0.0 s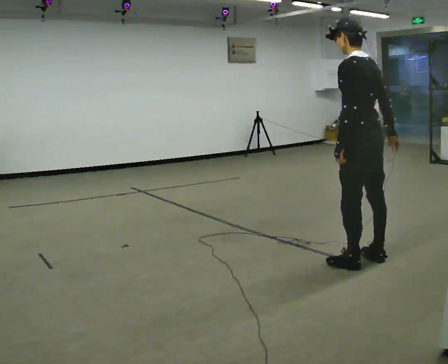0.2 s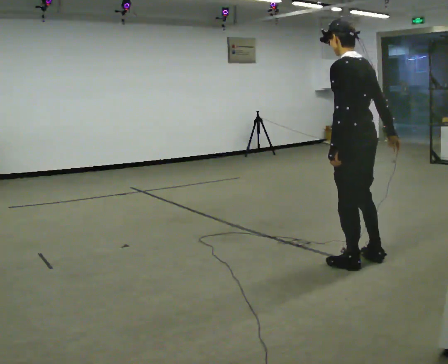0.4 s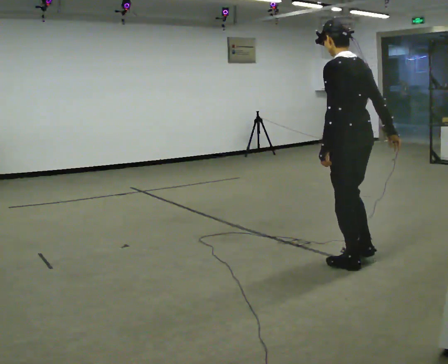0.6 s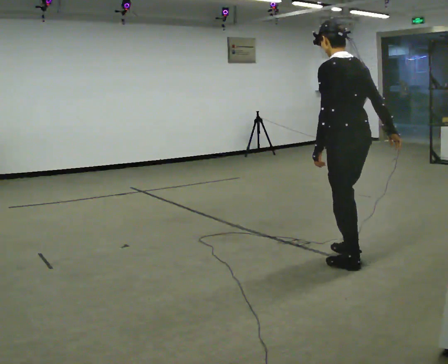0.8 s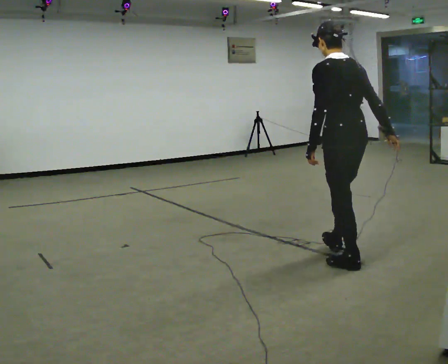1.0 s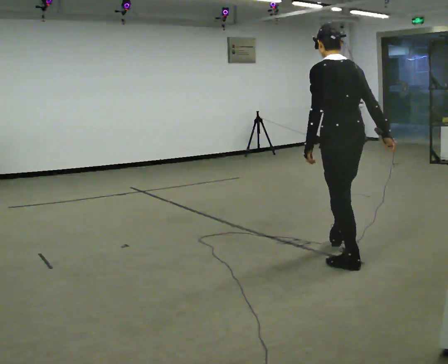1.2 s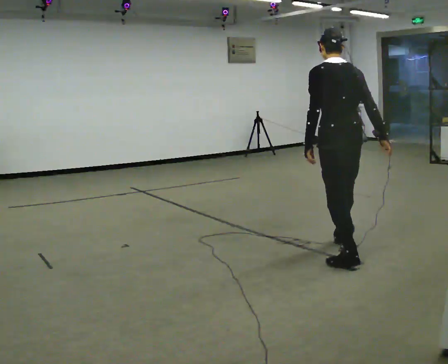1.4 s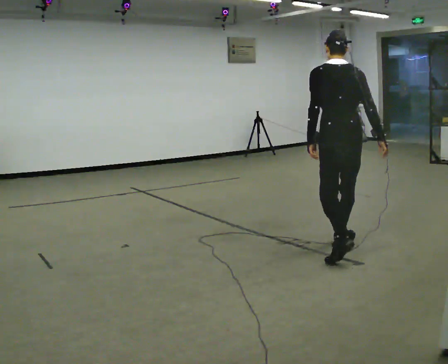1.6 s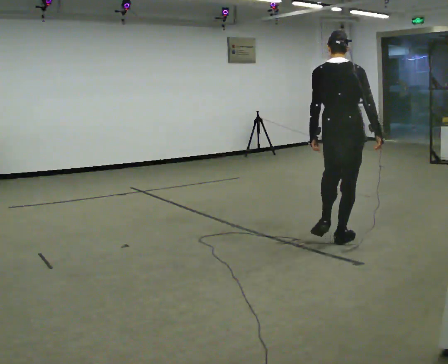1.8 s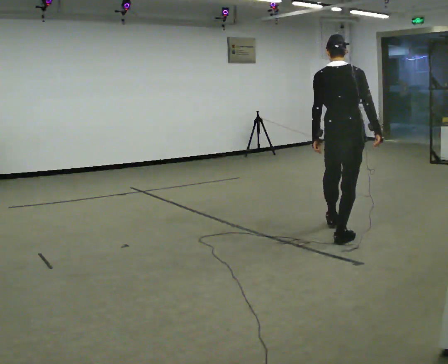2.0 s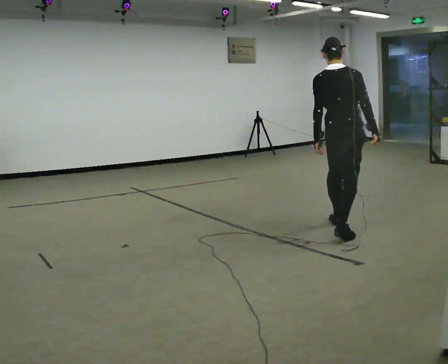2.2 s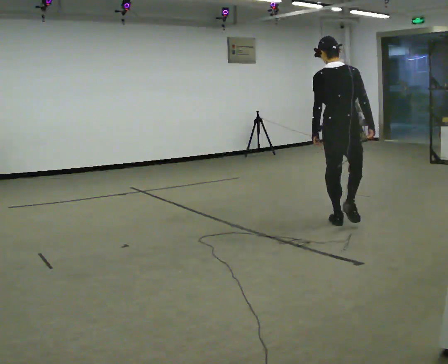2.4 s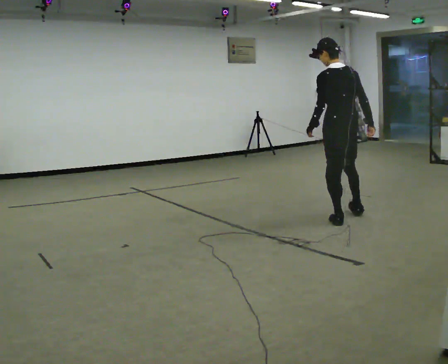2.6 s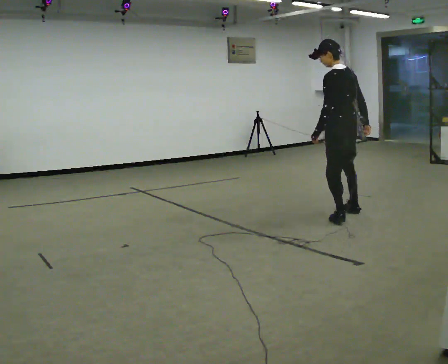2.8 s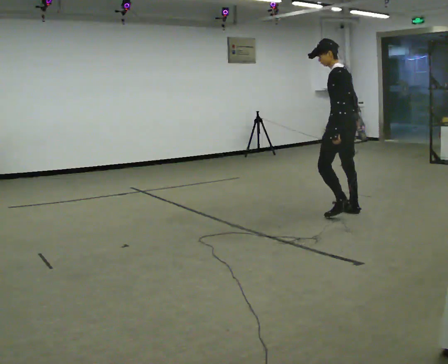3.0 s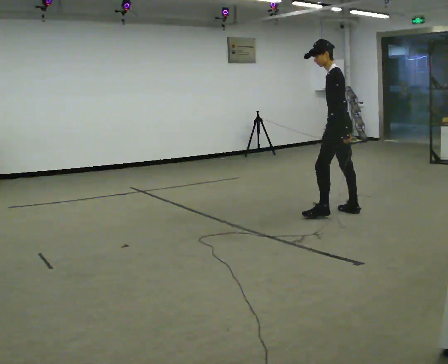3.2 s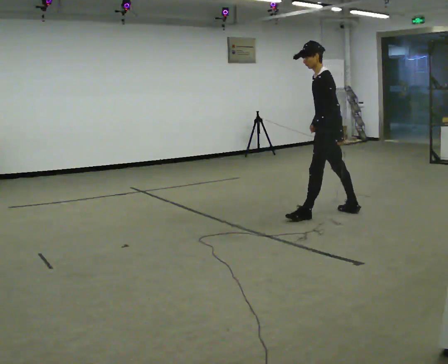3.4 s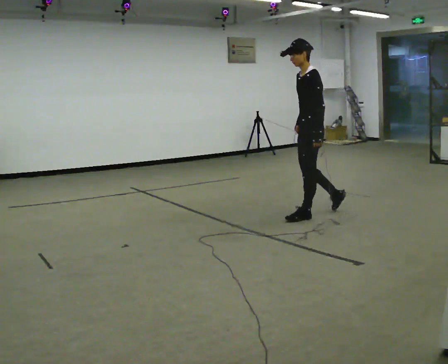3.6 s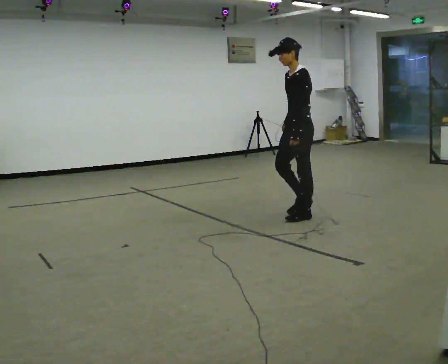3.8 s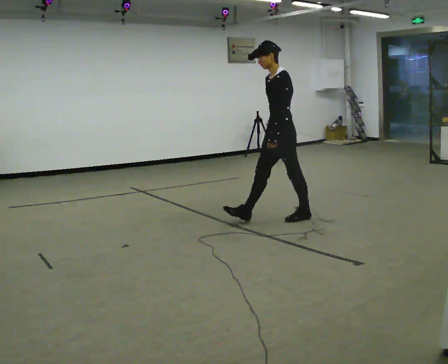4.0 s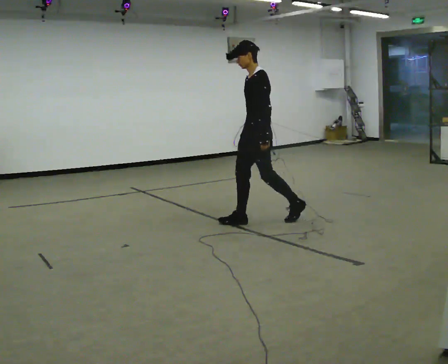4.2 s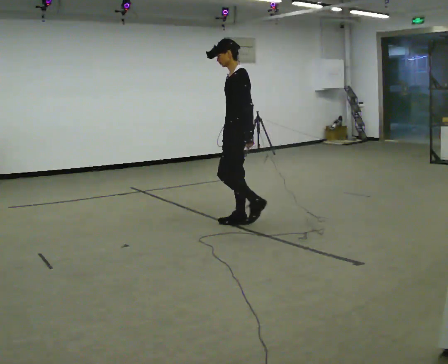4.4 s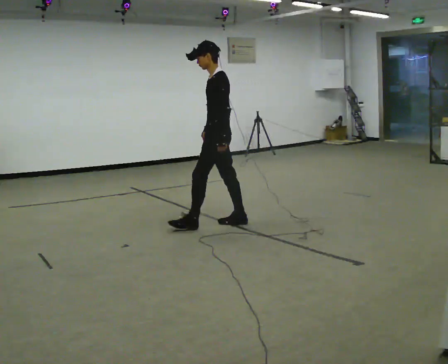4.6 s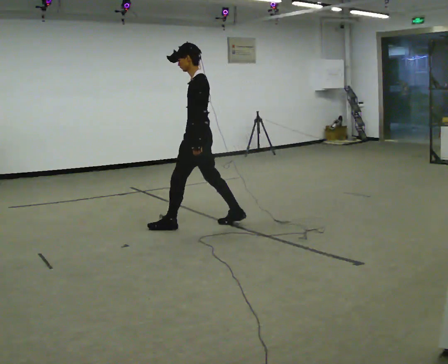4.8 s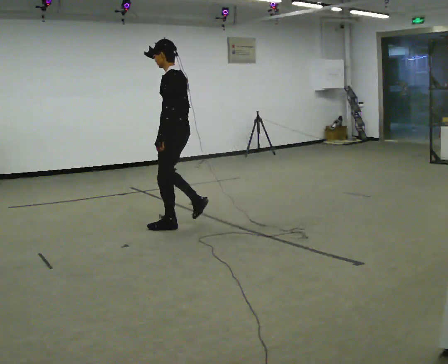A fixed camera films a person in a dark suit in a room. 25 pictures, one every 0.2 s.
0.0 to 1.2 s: The part of the body nearest the lens slides to the left as the person turns to their right by about 30 degrees. In the picture they go away from the camera, about 0.25 m in 1 step, which for them is forward.
1.2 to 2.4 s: In the picture they go away from the camera, about 1 m in 1 step, which for them is forward.
2.4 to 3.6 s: The person turns about 90 degrees to their left, counterclockwise seen from above, so the part of the body nearest the lens slides to the right. In the picture they go to the left, about 0.5 m in 2 steps.
3.6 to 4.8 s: The person turns about 30 degrees to their right, clockwise seen from above, so the part of the body nearest the lens slides to the left. In the picture they go to the left, about 1 m in 2 steps, which for them is forward.
The film runs forward here.
